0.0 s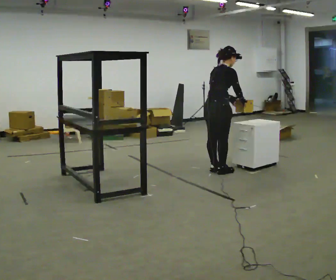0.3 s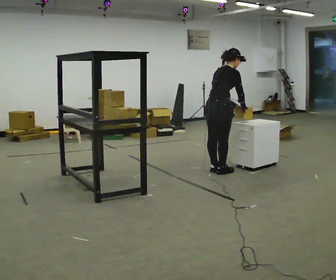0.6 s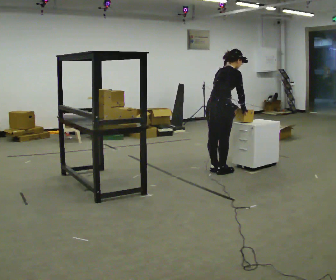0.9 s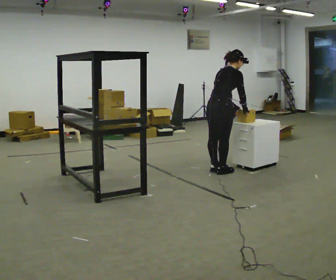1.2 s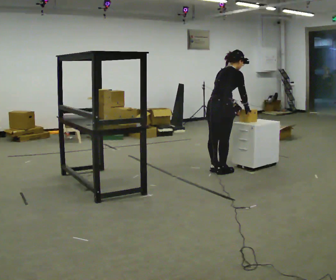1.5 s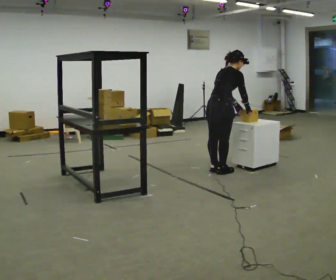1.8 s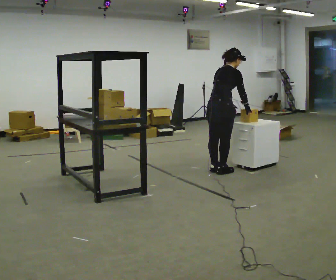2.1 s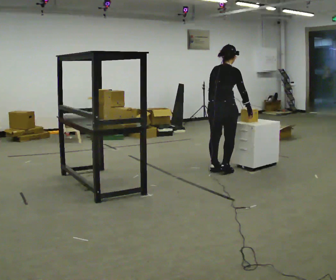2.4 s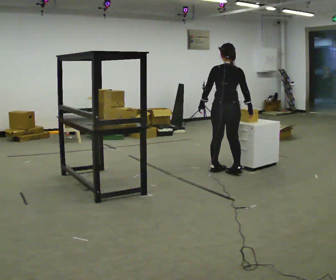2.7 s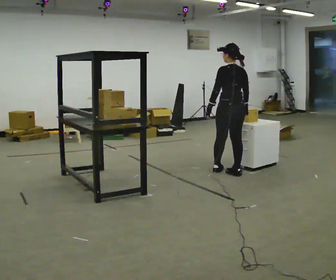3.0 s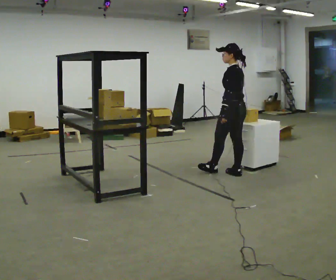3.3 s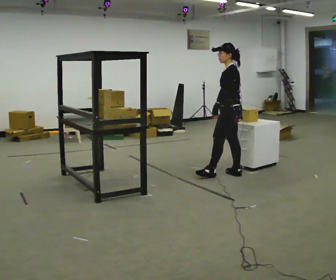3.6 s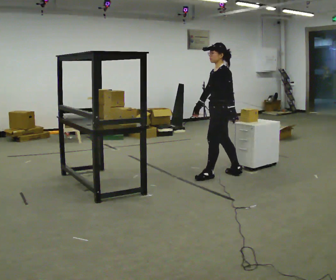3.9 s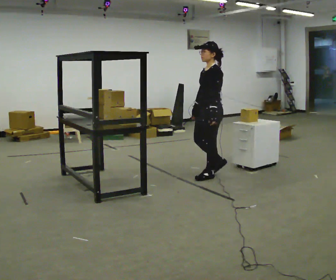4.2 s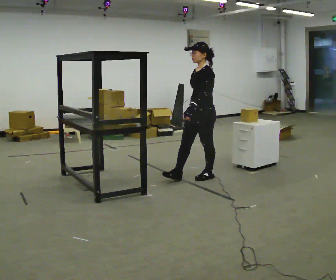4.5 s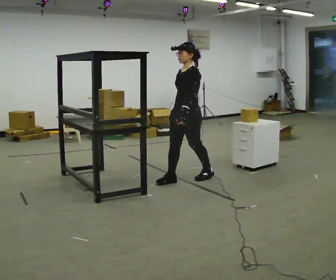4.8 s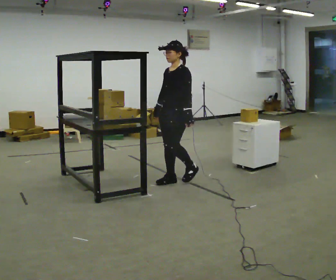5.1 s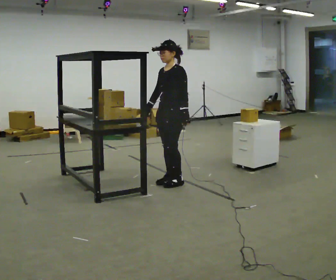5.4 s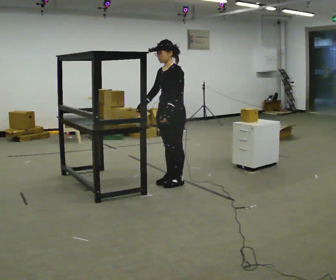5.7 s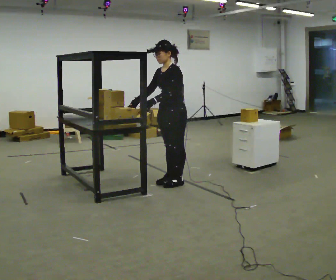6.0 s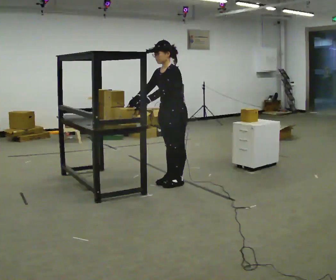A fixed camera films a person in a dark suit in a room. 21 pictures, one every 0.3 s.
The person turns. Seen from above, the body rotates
counterclockwise.
The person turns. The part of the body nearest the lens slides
to the right.
0.0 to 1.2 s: The person moves a little, or ends about where they began.
1.2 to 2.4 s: Seen from above the body turns counterclockwise, about 45 degrees: to their left, with its near side sliding to the right. The upper body tips toward the camera, its near side rolling downward, as they lean back or straighten. In the picture their left hand goes to the left, the arm swinging clockwise.
2.4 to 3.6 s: Seen from above the body turns counterclockwise, about 90 degrees: to their left, with its near side sliding to the right. In the picture they go toward the camera, about 0.25 m in 1 step. In the picture their right hand goes to the left, the arm swinging clockwise.
3.6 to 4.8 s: The person turns about 30 degrees to their left, counterclockwise seen from above, so the part of the body nearest the lens slides to the right. In the picture they go to the left and toward the camera, about 0.5 m in 1 step, which for them is forward.
4.8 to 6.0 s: In the picture their left hand goes to the left, the arm swinging clockwise.
The film runs forward here.
